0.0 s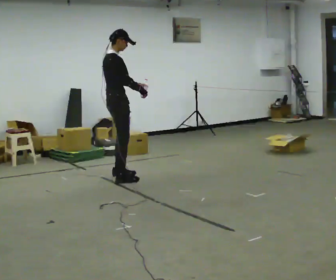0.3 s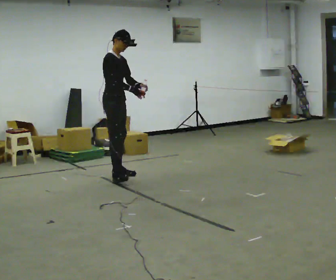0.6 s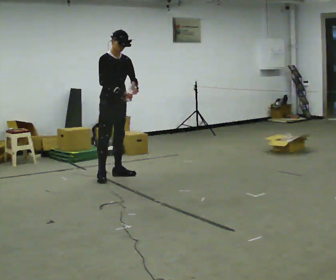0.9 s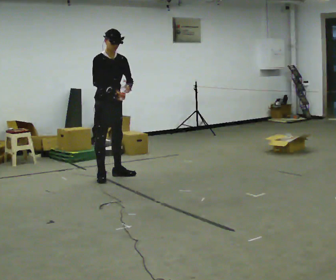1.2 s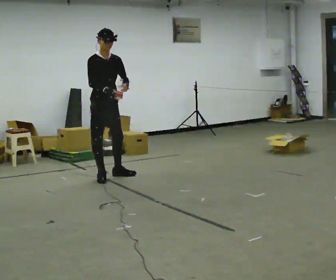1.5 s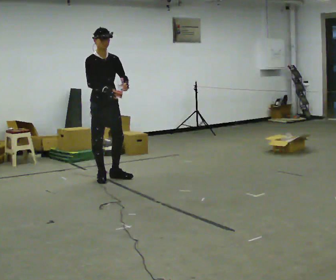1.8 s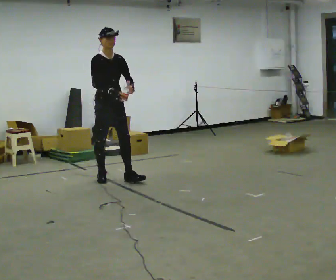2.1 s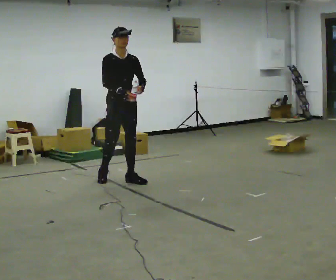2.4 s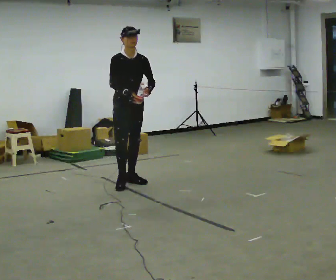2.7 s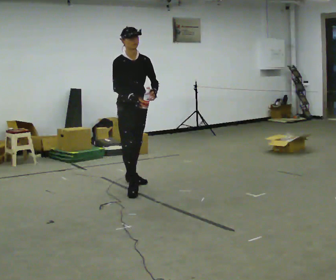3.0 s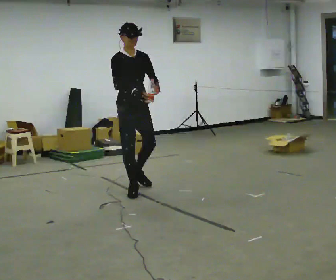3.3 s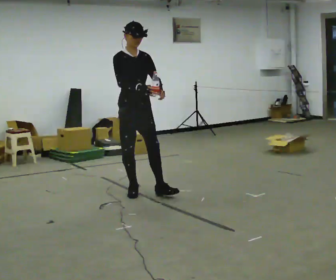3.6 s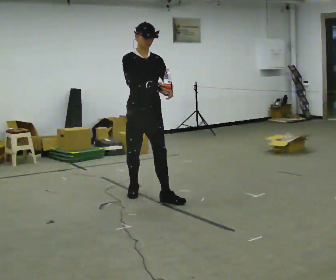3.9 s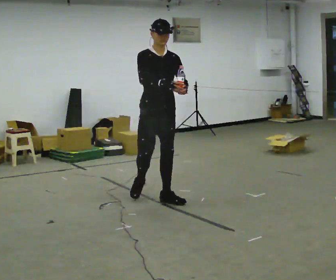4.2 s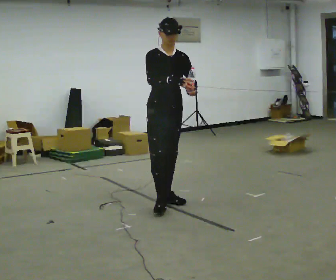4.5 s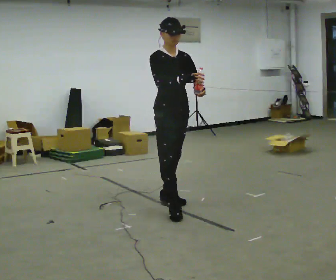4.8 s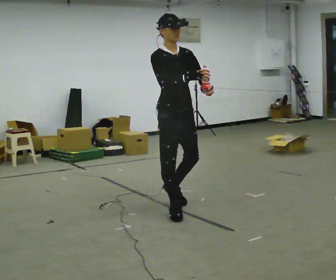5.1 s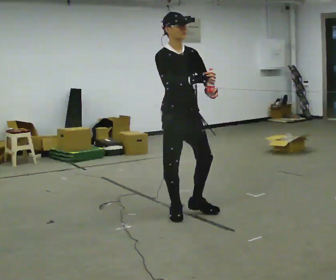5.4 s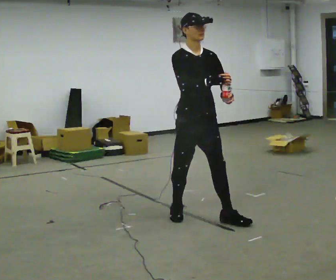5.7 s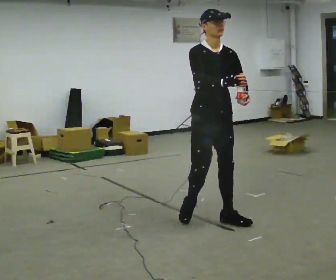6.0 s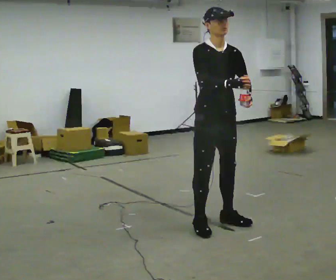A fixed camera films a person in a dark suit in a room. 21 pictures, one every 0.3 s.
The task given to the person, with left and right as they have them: Carry the open container of water across the room without spilling it, back and forth.
0.0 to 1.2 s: The part of the body nearest the lens slides to the left as the person turns to their right by about 60 degrees.
1.2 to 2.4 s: In the picture they go to the right and toward the camera, about 0.5 m in 1 step, which for them is forward.
2.4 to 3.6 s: In the picture they go toward the camera, about 0.5 m in 2 steps, which for them is forward.
3.6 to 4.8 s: In the picture they go toward the camera, about 0.5 m in 1 step, which for them is forward.
4.8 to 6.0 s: In the picture they go toward the camera and to the right, about 0.5 m in 2 steps, which for them is forward.
The film runs forward here.
